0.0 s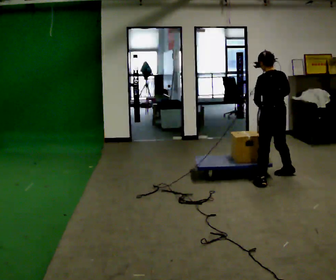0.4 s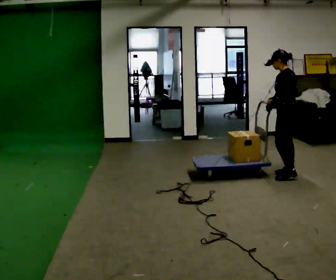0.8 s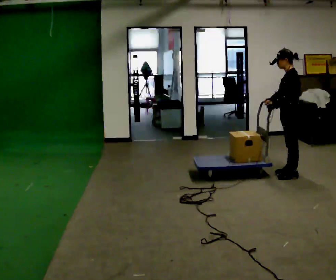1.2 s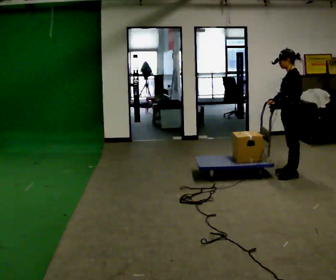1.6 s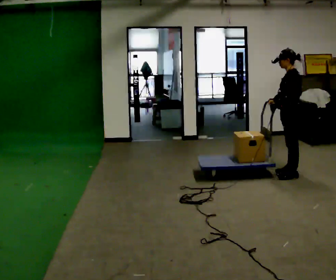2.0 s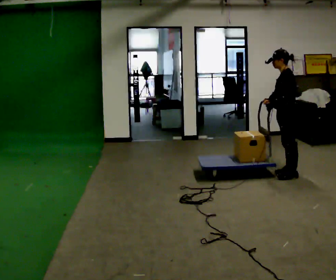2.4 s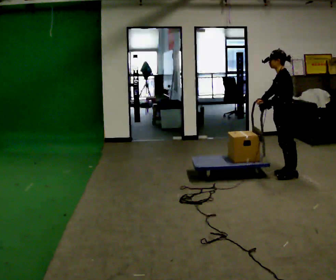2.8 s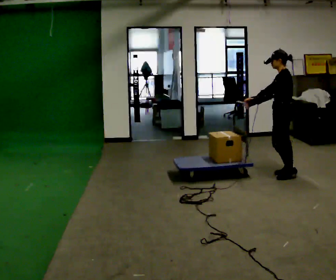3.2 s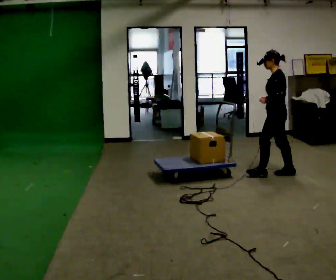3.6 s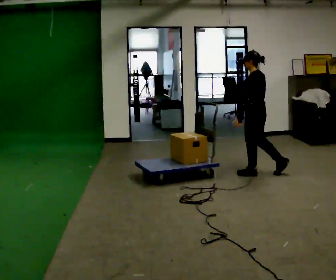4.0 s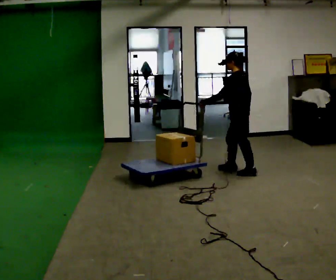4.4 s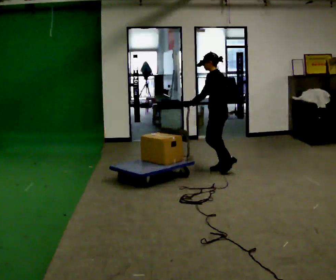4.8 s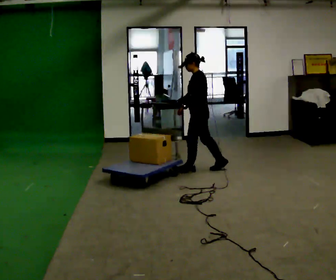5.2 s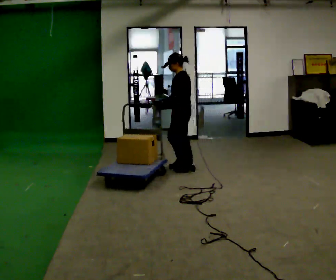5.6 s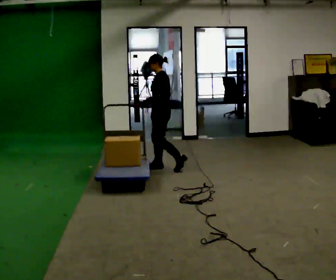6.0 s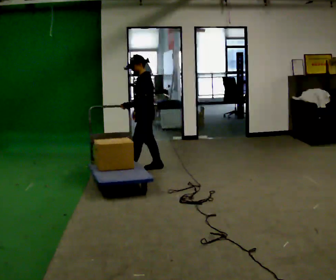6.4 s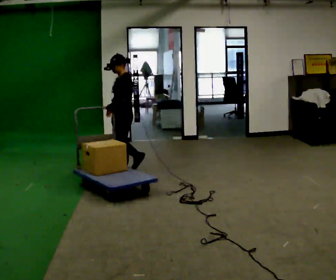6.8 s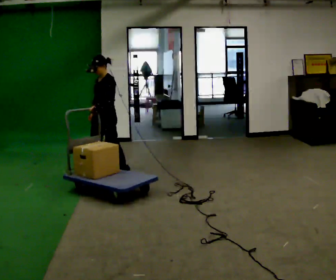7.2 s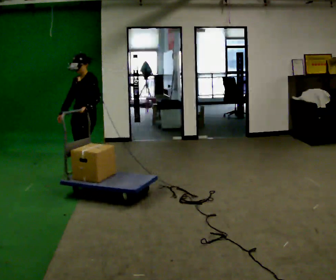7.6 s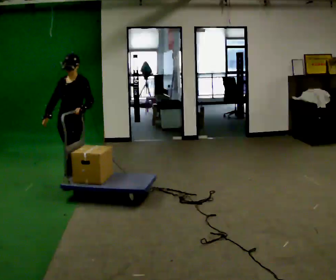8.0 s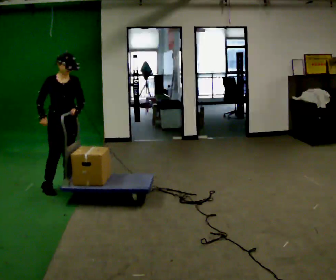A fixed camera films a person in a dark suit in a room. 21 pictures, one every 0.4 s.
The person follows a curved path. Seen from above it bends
counterclockwise.
The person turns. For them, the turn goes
to their left.
0.0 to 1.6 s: Seen from above the body turns counterclockwise, about 45 degrees: to their left, with its near side sliding to the right. In the picture they go away from the camera and to the right, about 0.25 m in 2 steps, which for them is to their right and backward.
1.6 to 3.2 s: In the picture they go to the left, about 0.25 m, which for them is forward.
3.2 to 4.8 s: In the picture they go to the left, about 1 m in 3 steps, which for them is forward.
4.8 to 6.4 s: The part of the body nearest the lens slides to the right as the person turns to their left by about 30 degrees. In the picture they go to the left, about 1 m in 2 steps, which for them is forward.
6.4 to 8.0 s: Seen from above the body turns counterclockwise, about 105 degrees: to their left, with its near side sliding to the right. In the picture they go toward the camera and to the left, about 1 m in 2 steps.
The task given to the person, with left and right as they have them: Stand still with your hands on the cart. When the operator says go, get it moving, push it a few metres, then bring it to a stop. Repeat until the operator says stop.
The film runs forward here.
